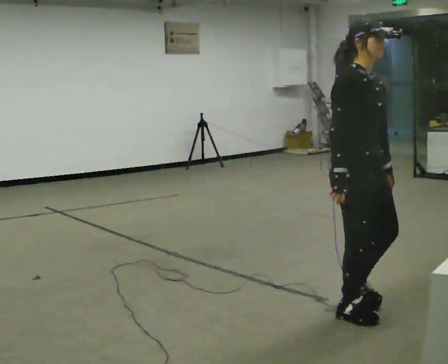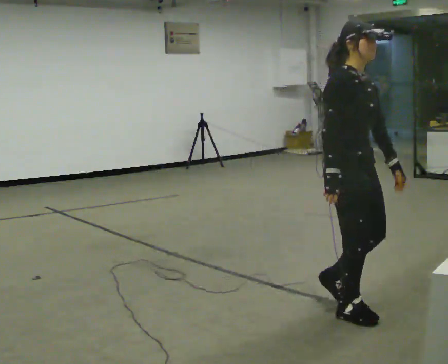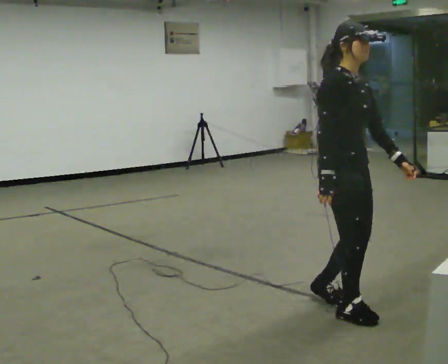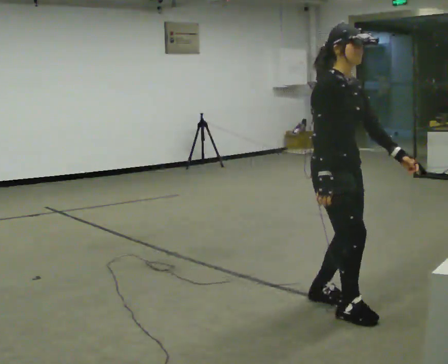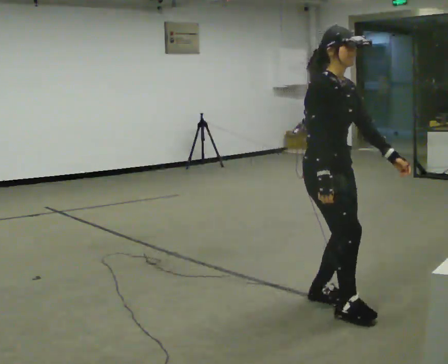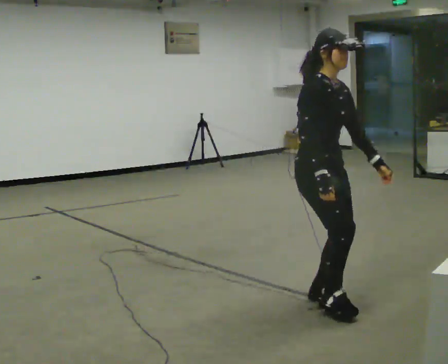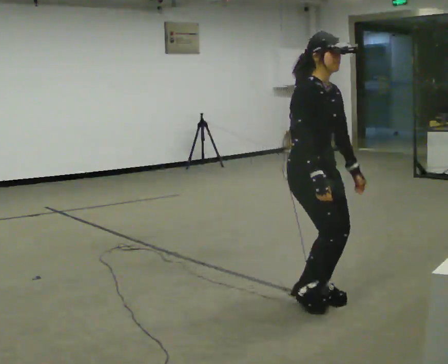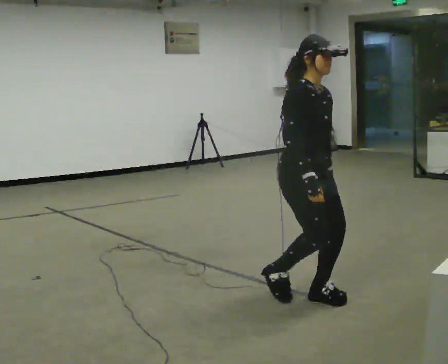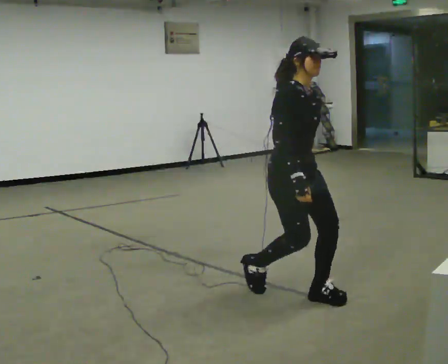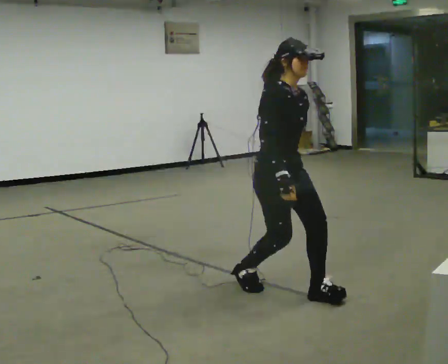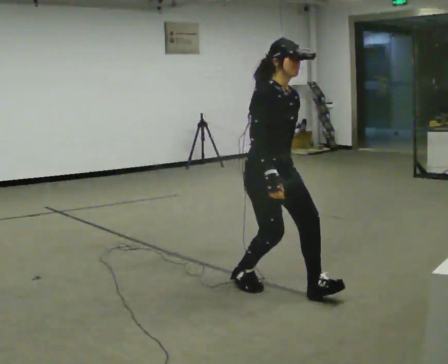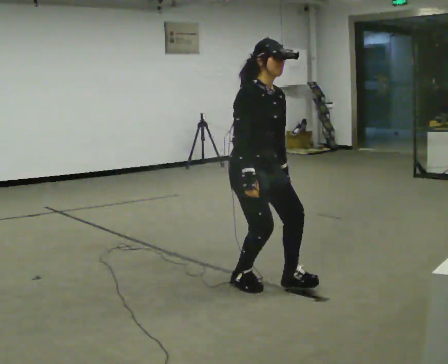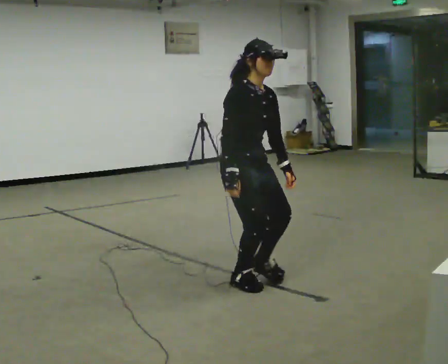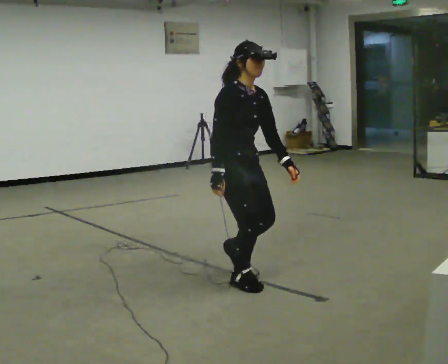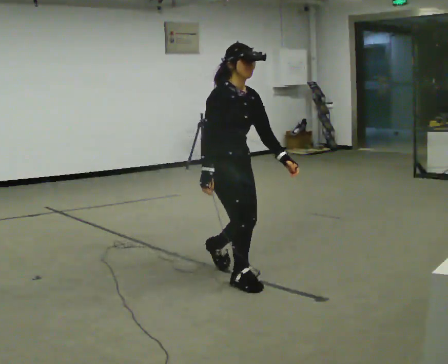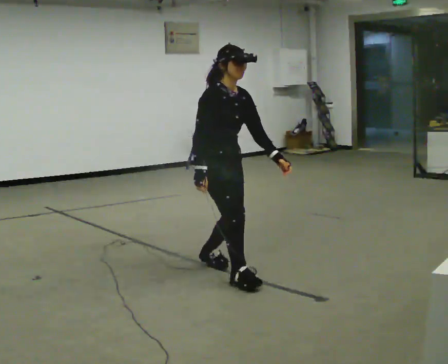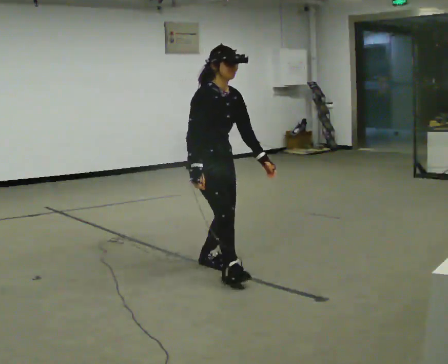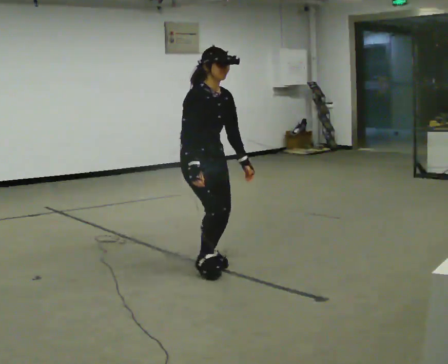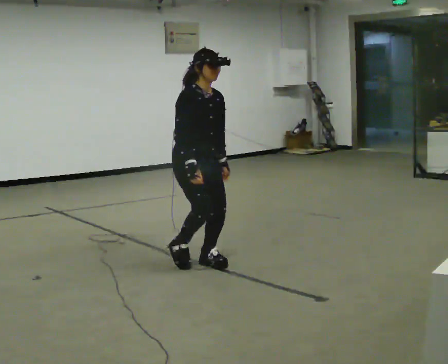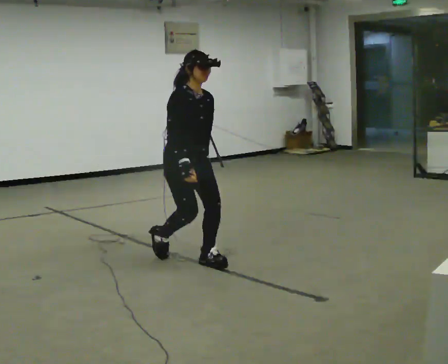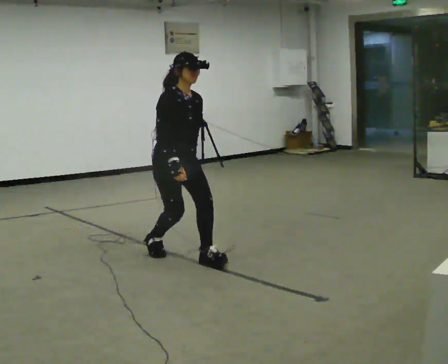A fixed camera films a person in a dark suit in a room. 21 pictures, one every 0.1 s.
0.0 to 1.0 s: In the picture they go away from the camera and to the left, about 0.75 m in 2 steps, which for them is backward.
1.0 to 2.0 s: In the picture they go away from the camera and to the left, about 1 m in 1 step, which for them is backward.
The film runs backward here.
